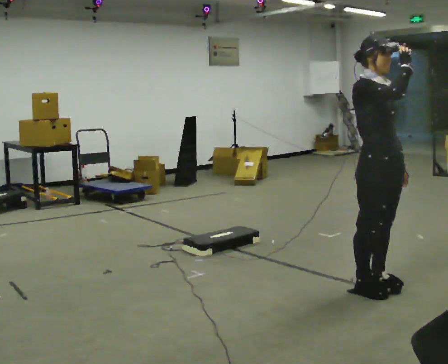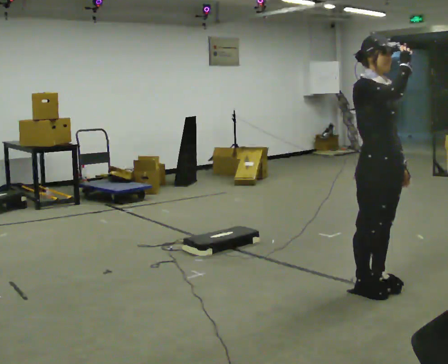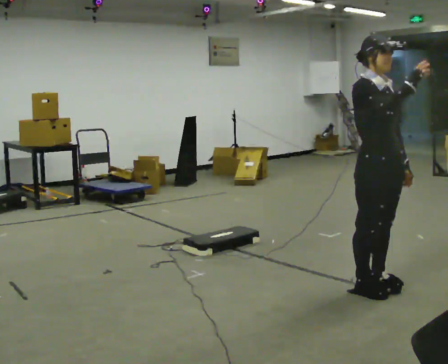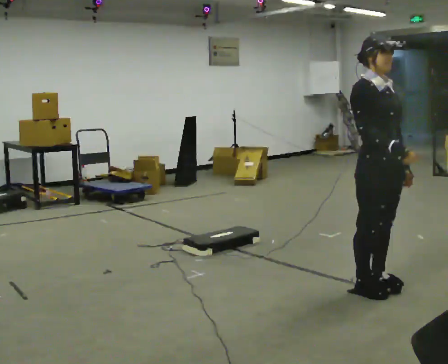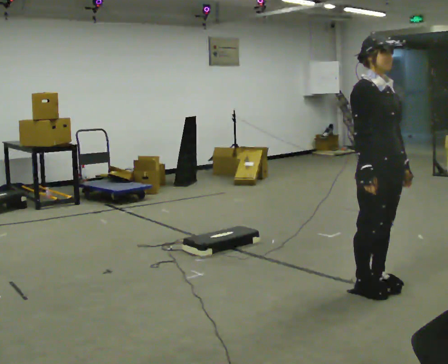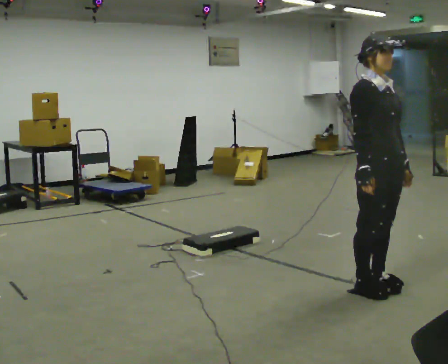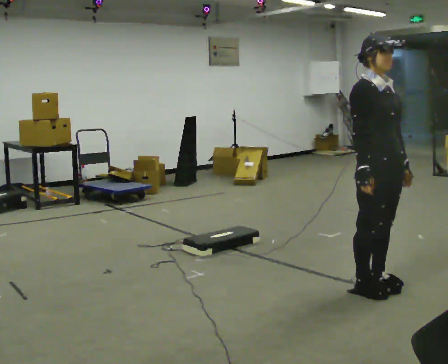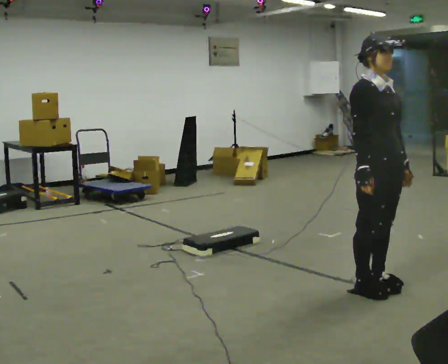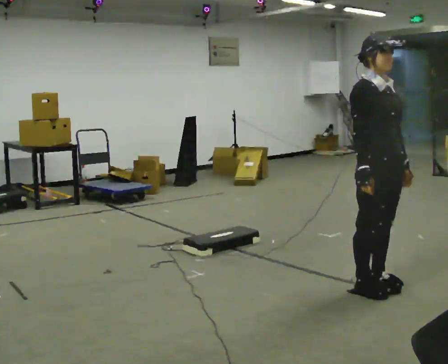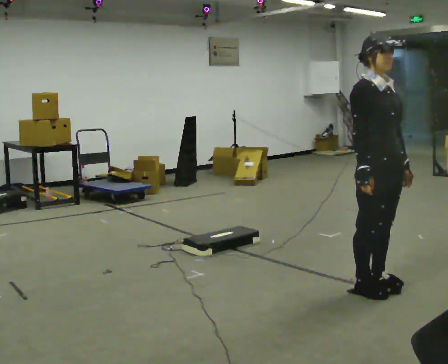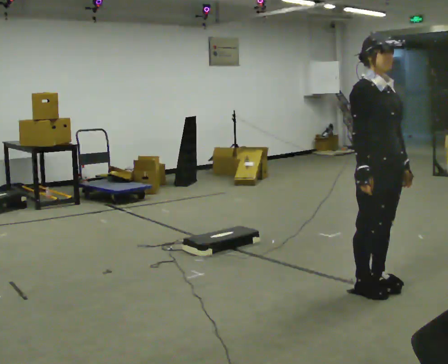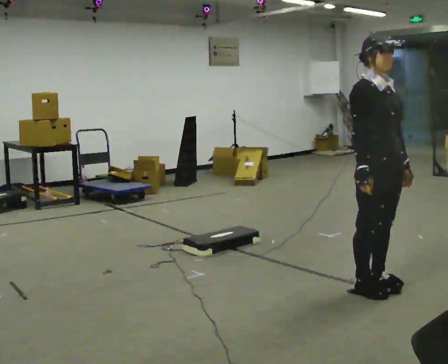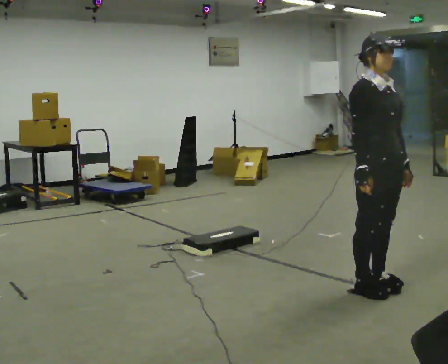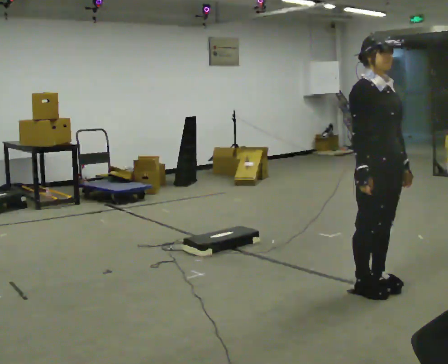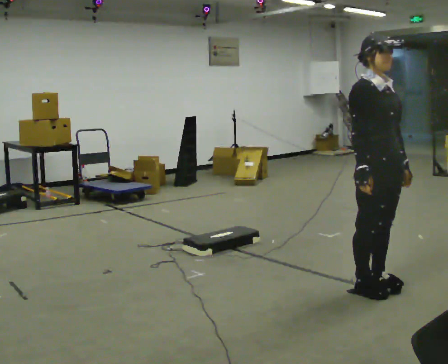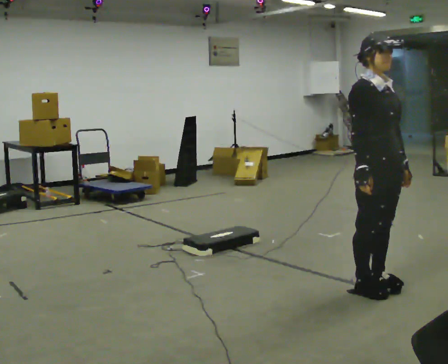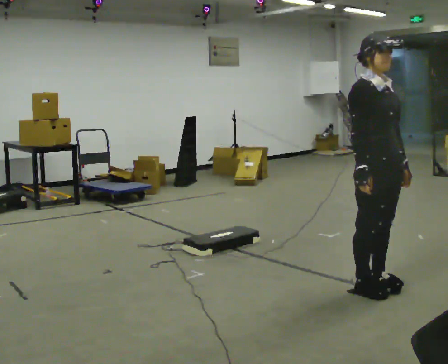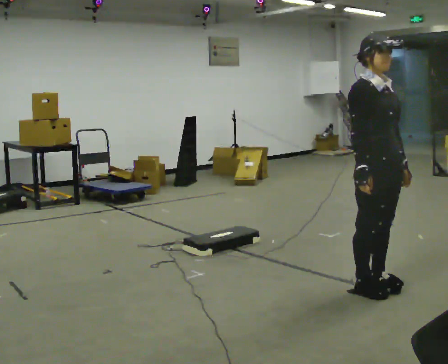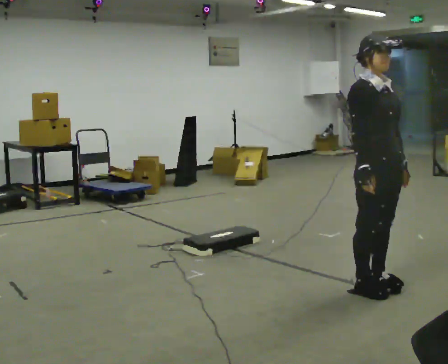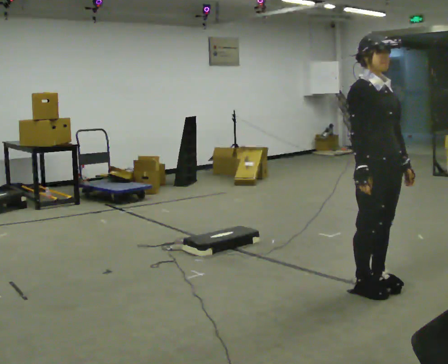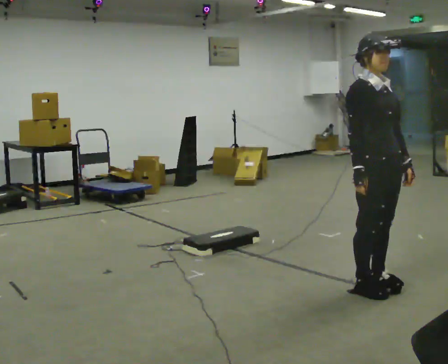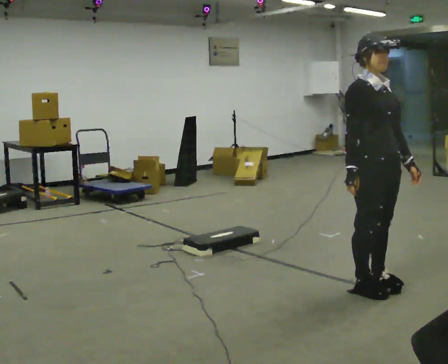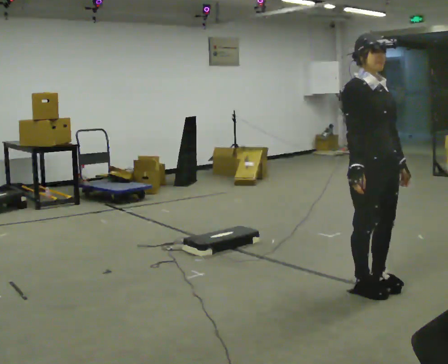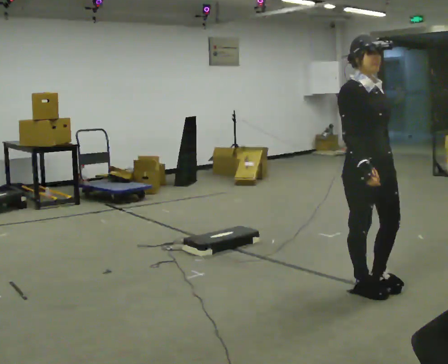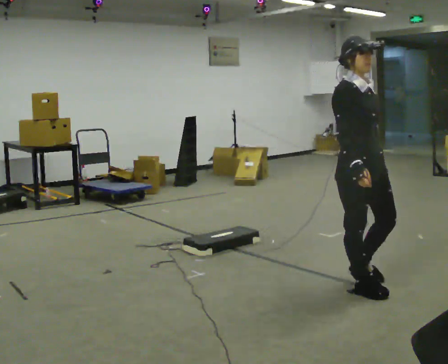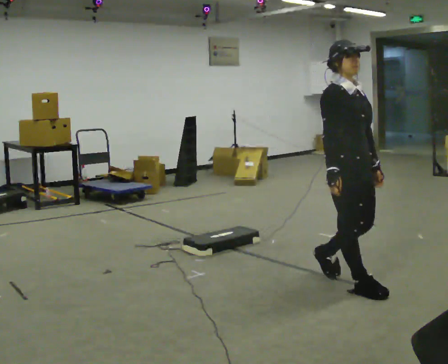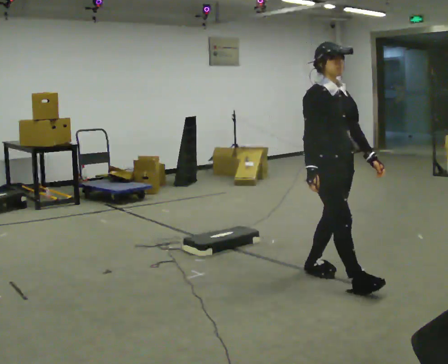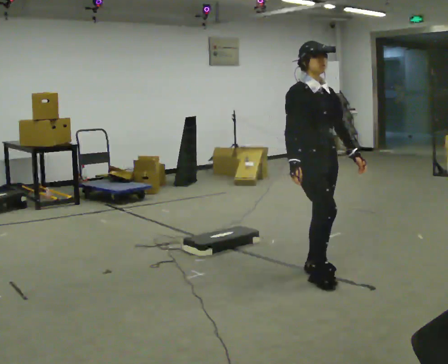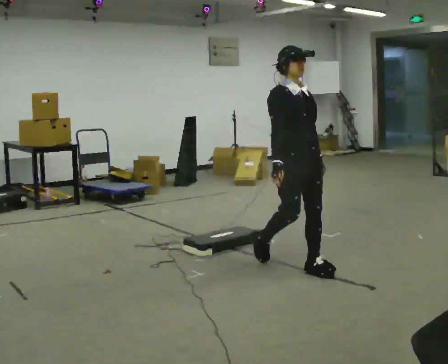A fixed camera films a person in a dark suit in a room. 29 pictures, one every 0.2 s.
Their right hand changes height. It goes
downward.
0.0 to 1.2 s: In the picture their right hand goes downward.
1.2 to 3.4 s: The person keeps their place and pose.
3.4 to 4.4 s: The person moves a little, or ends about where they began.
4.4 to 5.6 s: In the picture they go to the left and away from the camera, about 0.75 m in 2 steps, which for them is backward.
The film runs backward here.
